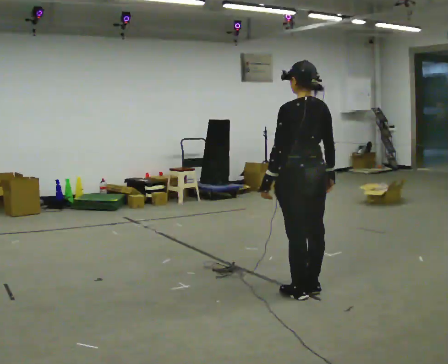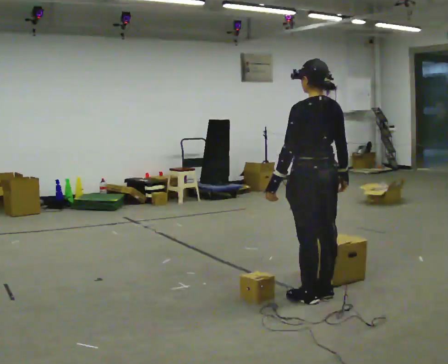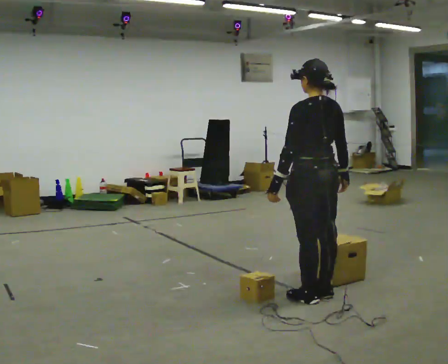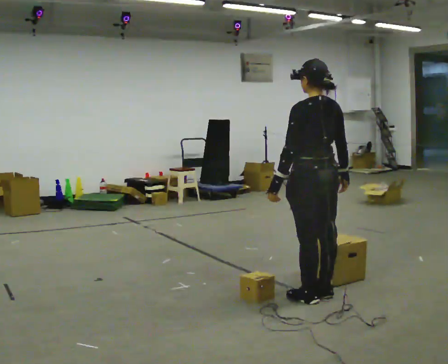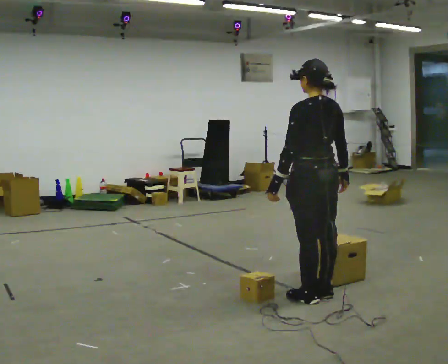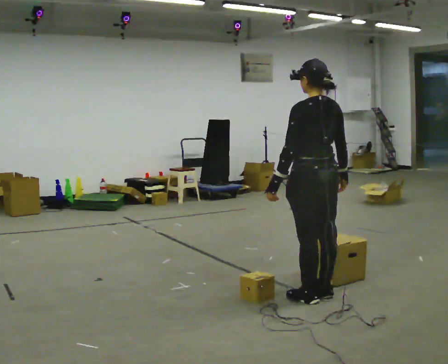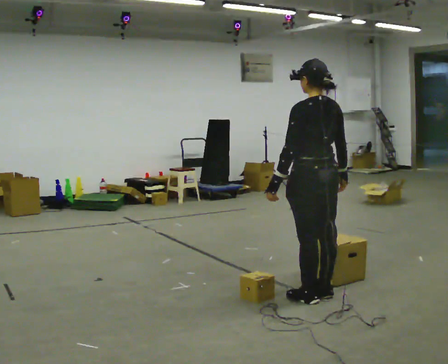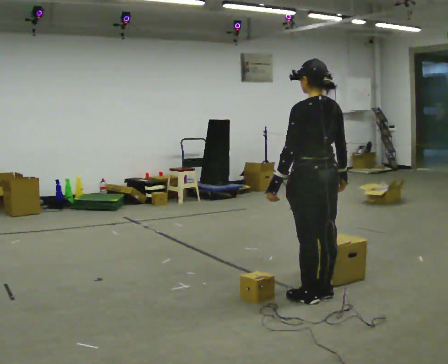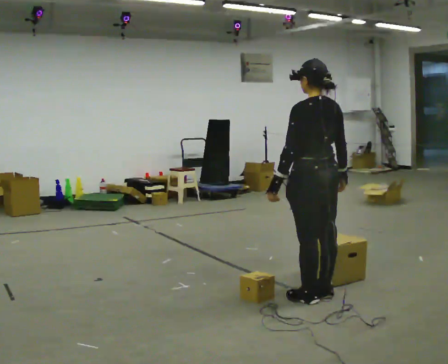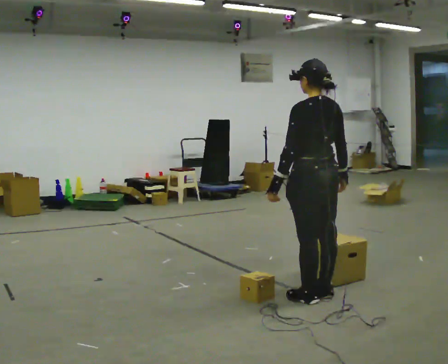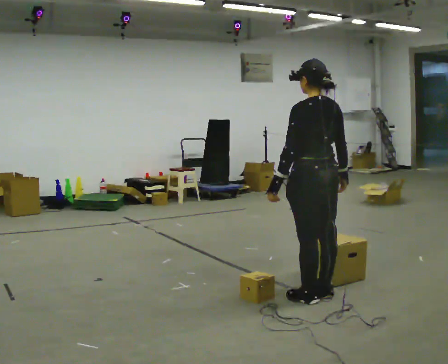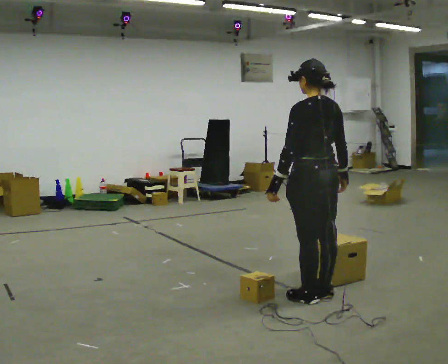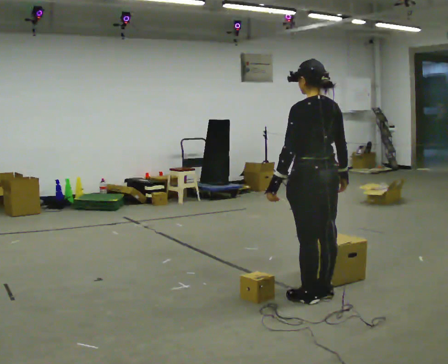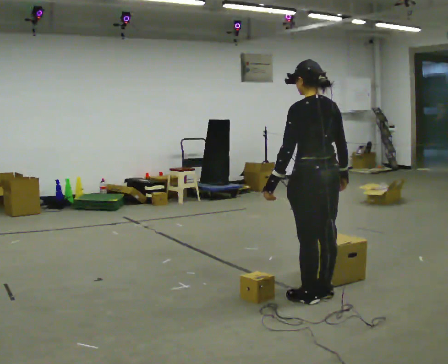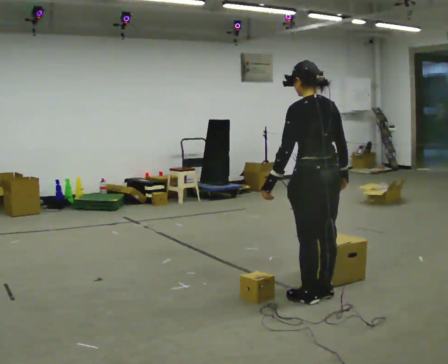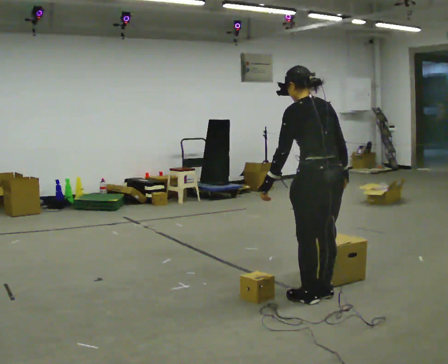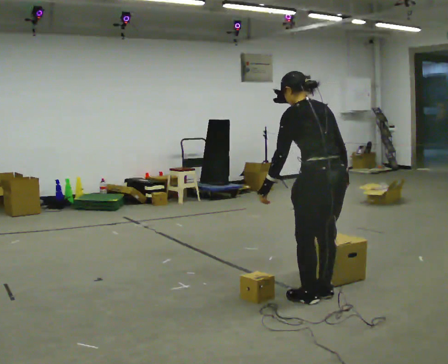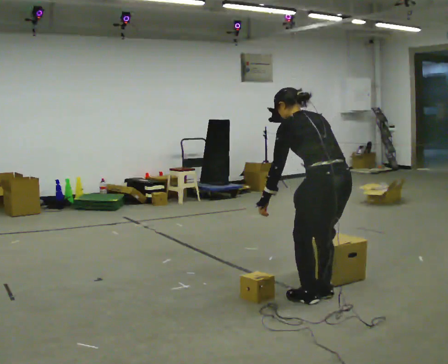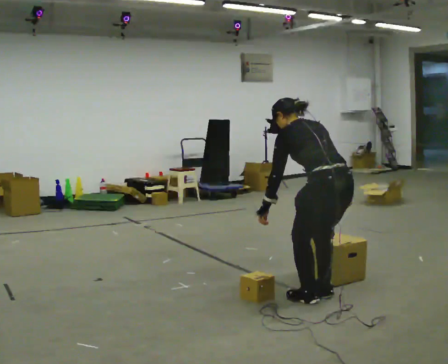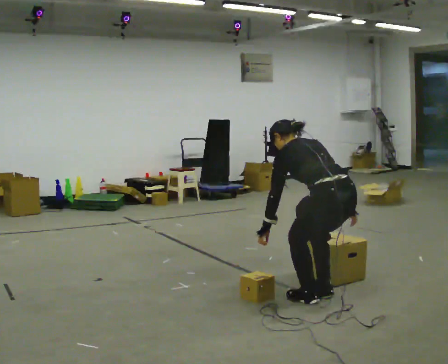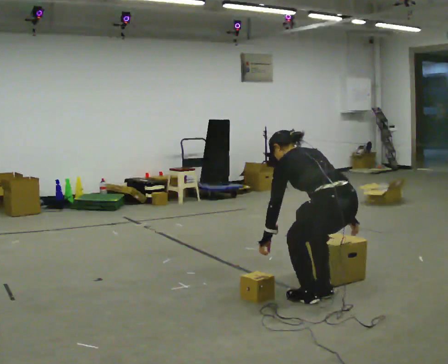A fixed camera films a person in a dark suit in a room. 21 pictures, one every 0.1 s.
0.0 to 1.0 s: The person moves a little, or ends about where they began.
1.0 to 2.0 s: The shoulders move downward. The upper body tips away from the camera, its near side rolling upward, as they bend forward.
The film runs forward here.
